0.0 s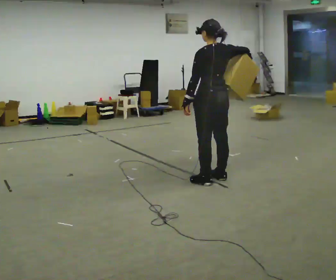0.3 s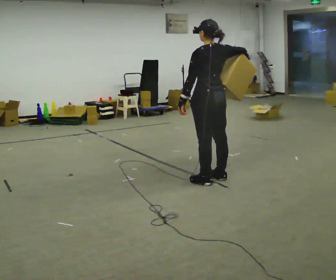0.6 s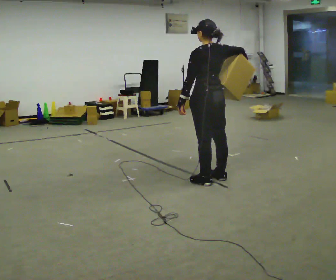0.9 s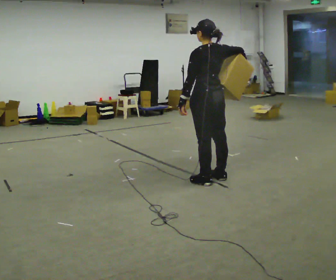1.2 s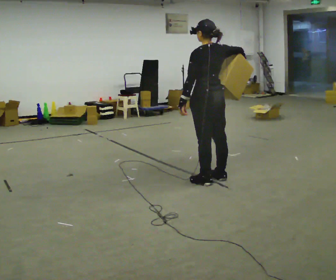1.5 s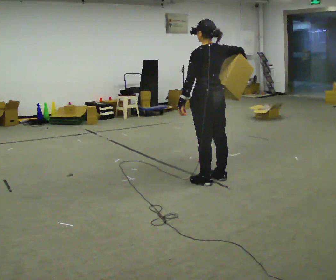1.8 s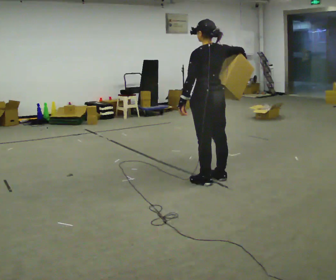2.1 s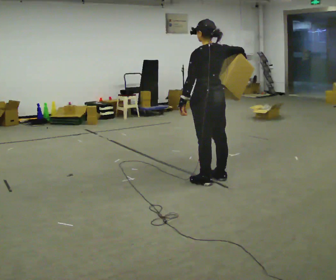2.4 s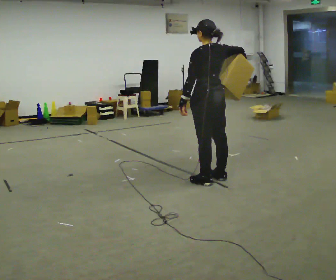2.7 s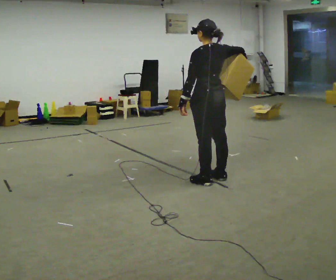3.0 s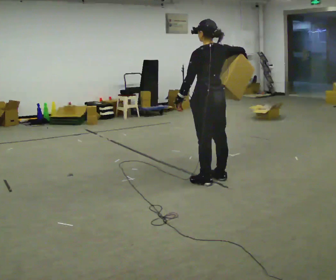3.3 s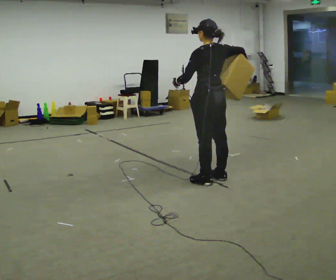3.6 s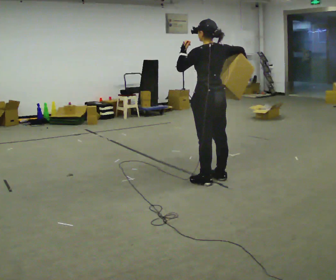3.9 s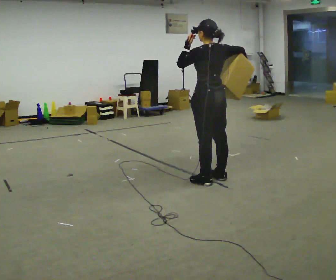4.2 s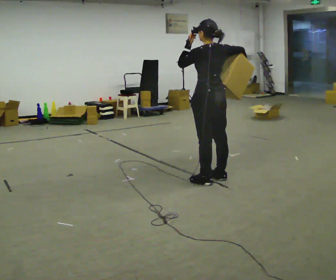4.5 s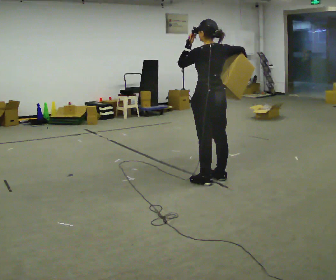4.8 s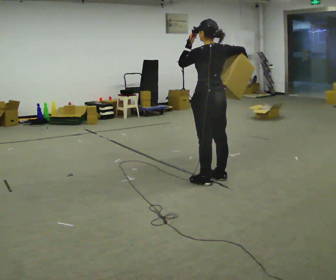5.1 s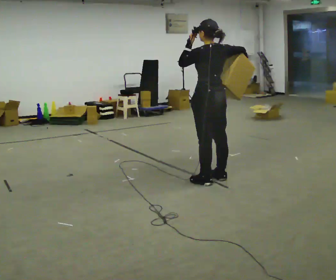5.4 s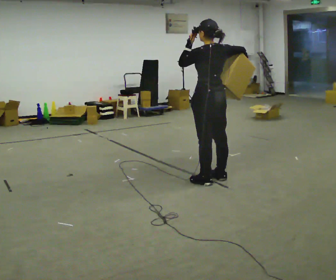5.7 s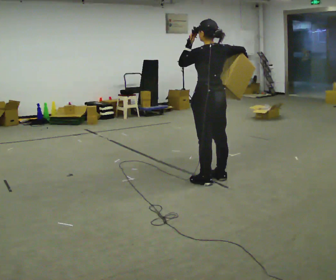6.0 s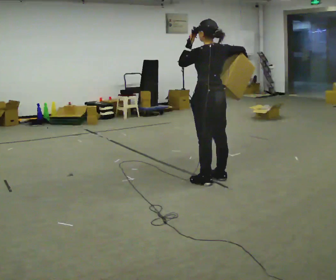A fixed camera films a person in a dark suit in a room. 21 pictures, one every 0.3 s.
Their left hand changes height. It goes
upward.
0.0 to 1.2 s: The person moves a little, or ends about where they began.
1.2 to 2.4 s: The person keeps their place and pose.
2.4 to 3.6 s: In the picture their left hand goes upward.
3.6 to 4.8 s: The person moves a little, or ends about where they began.
4.8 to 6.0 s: The person keeps their place and pose.
The film runs forward here.
